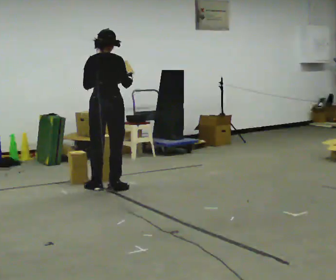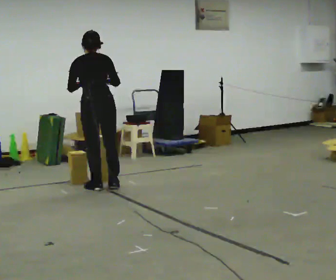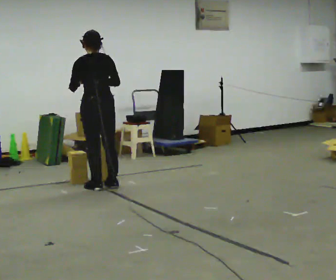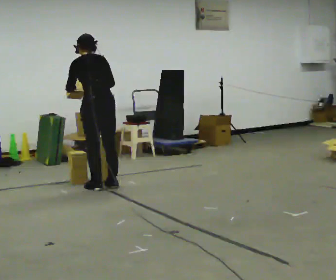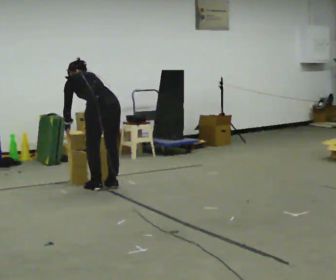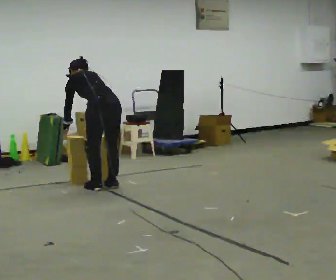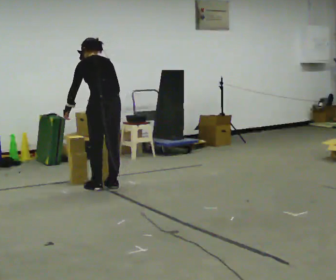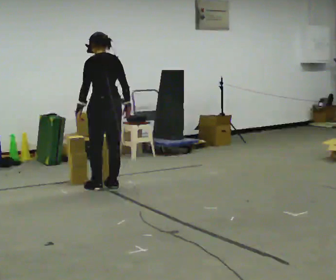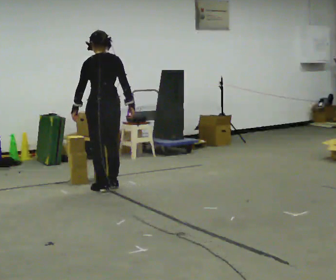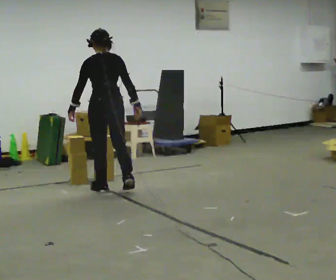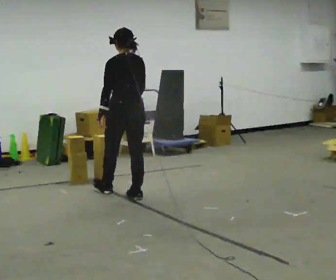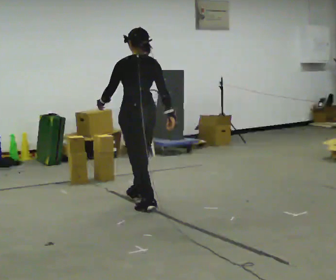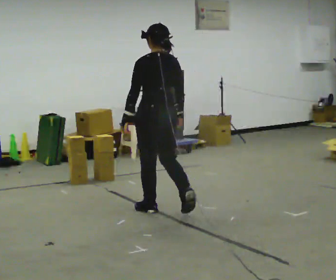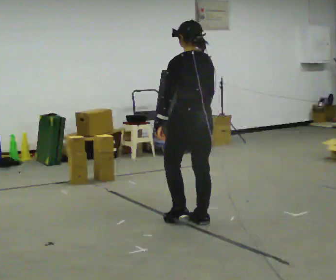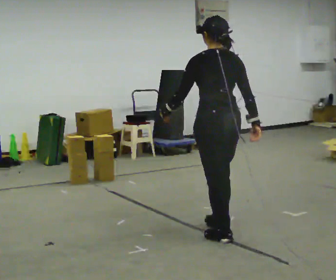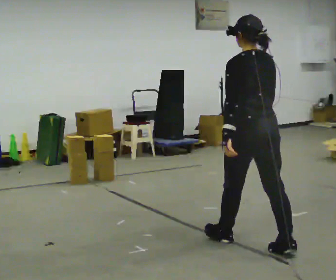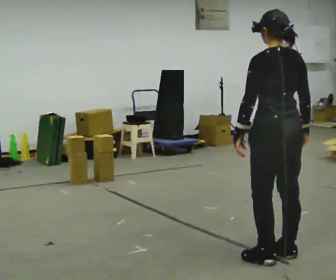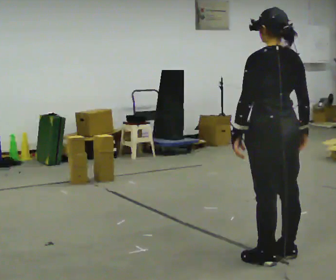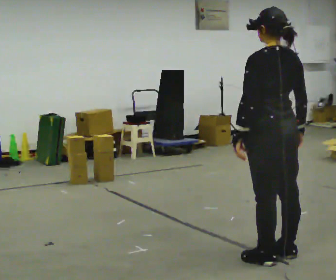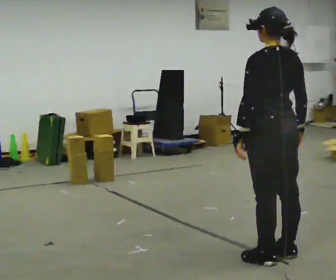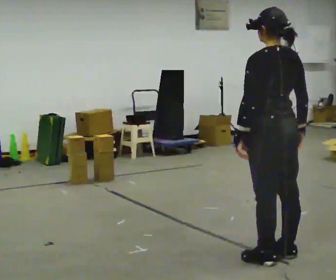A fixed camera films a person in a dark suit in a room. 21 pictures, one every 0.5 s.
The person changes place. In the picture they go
toward the camera.
0.0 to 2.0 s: Seen from above the body turns counterclockwise, about 45 degrees: to their left, with its near side sliding to the right. The upper body goes downward. The upper body tips away from the camera, its near side rolling upward, as they bend forward. In the picture their left hand goes downward and to the left.
2.0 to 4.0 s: The upper body goes upward. The upper body tips toward the camera, its near side rolling downward, as they lean back or straighten. In the picture their right hand goes to the right.
4.0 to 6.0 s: In the picture they go toward the camera and to the right, about 1 m in 3 steps, which for them is backward.
6.0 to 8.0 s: In the picture they go toward the camera and to the right, about 1.5 m in 3 steps, which for them is backward.
8.0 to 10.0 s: The person moves a little, or ends about where they began.
The film runs backward here.
